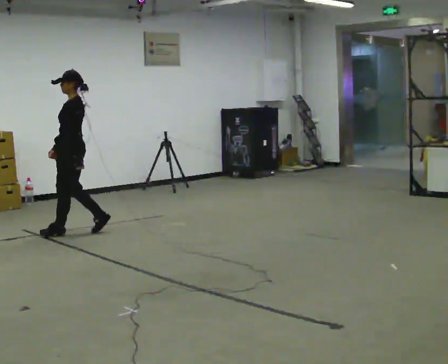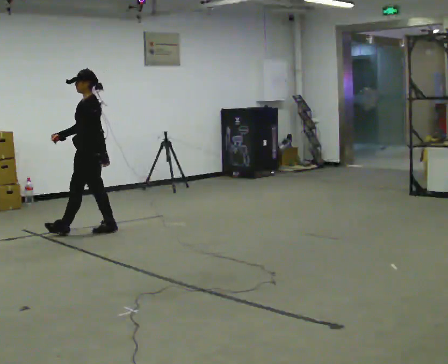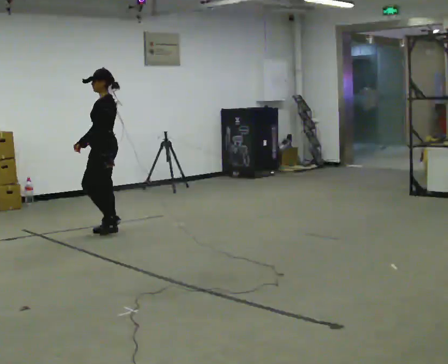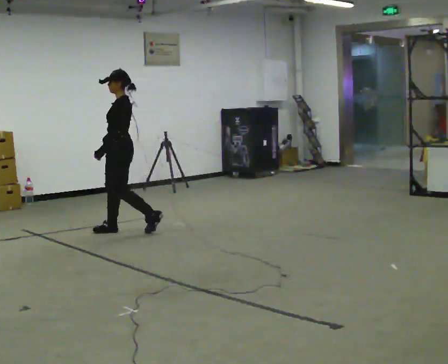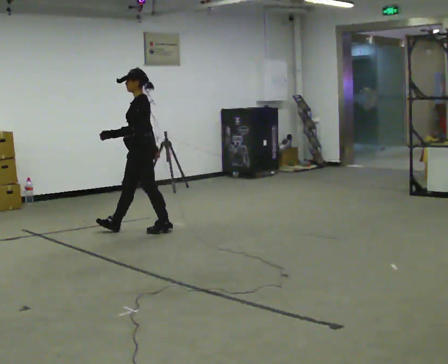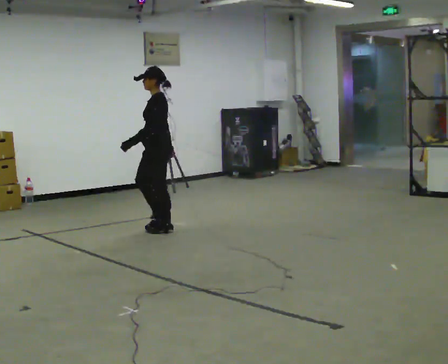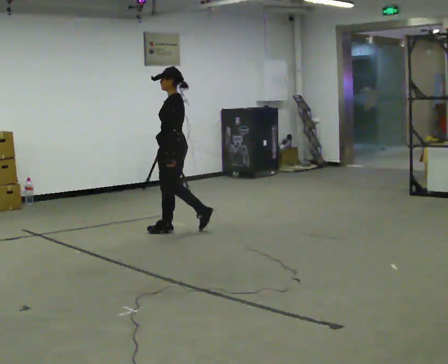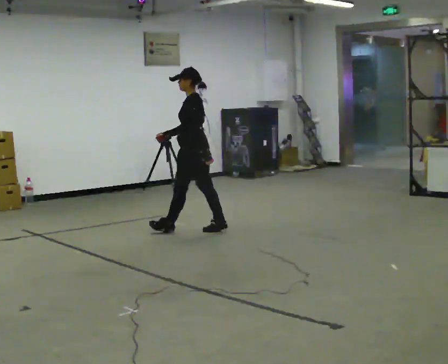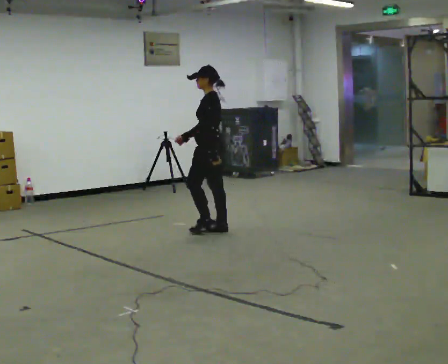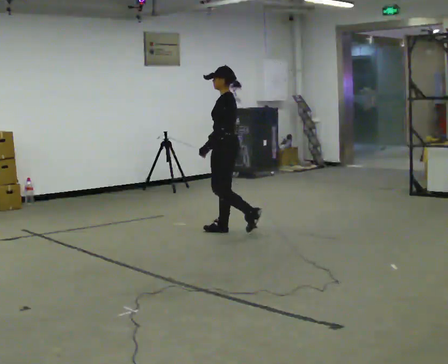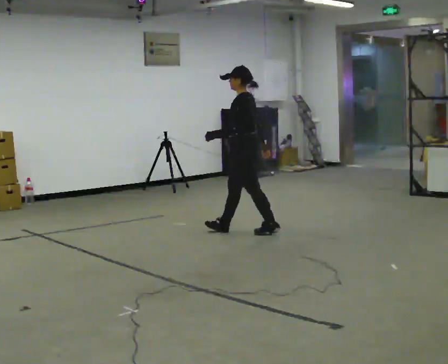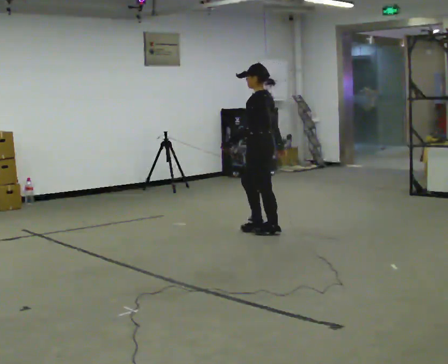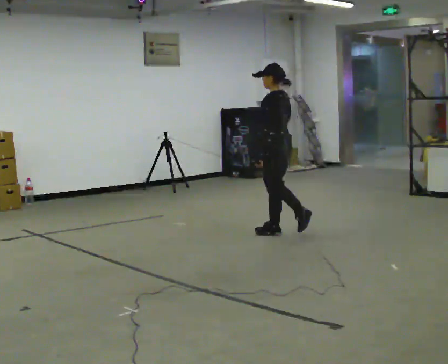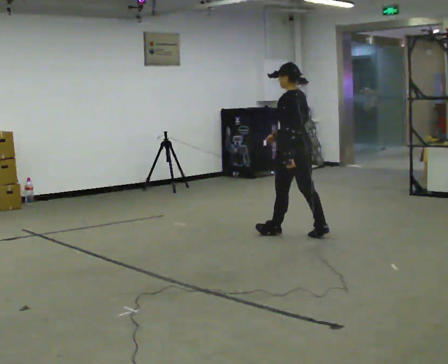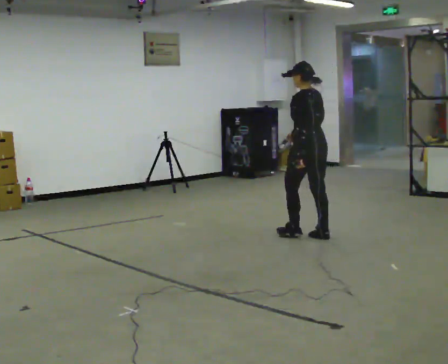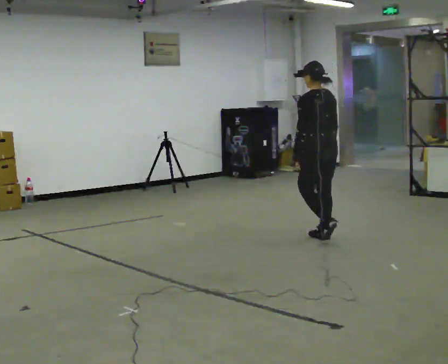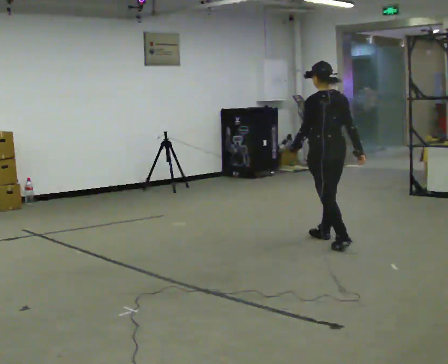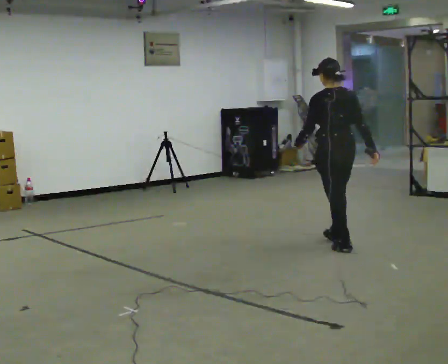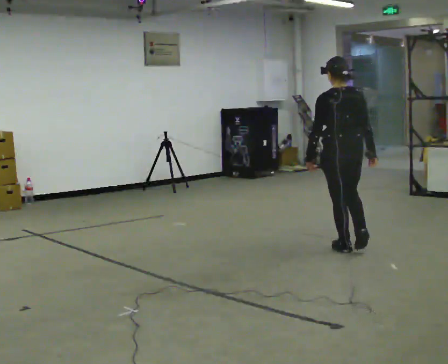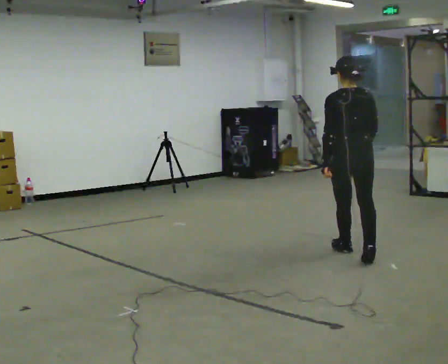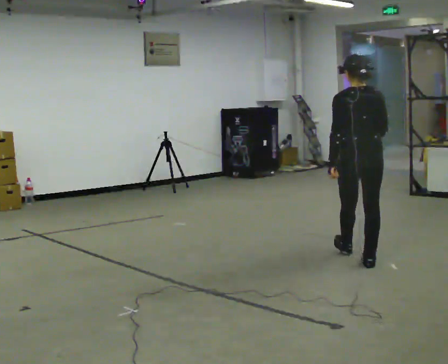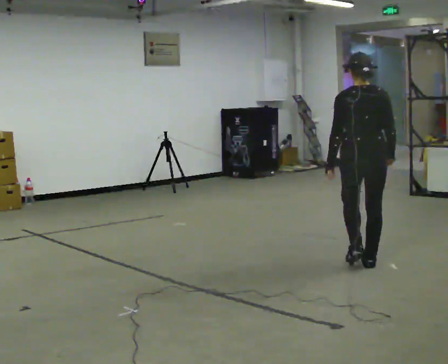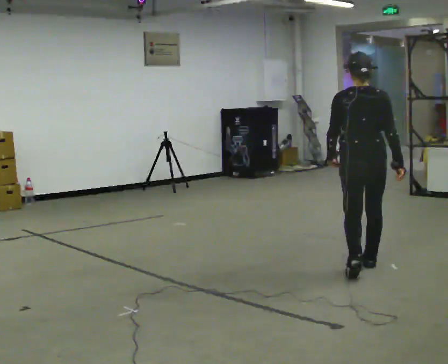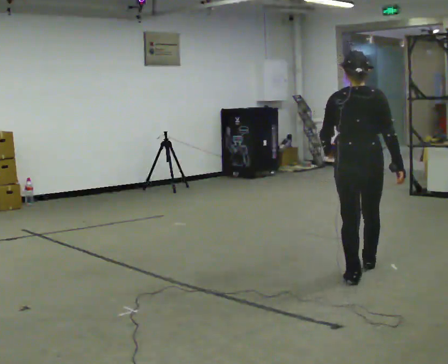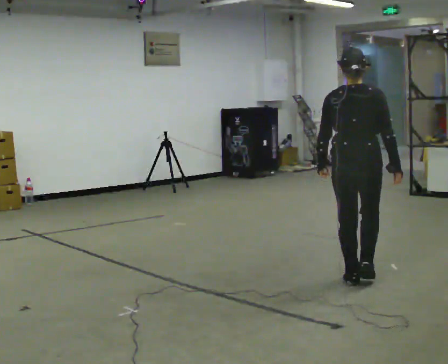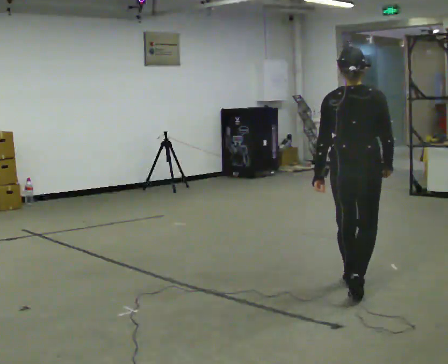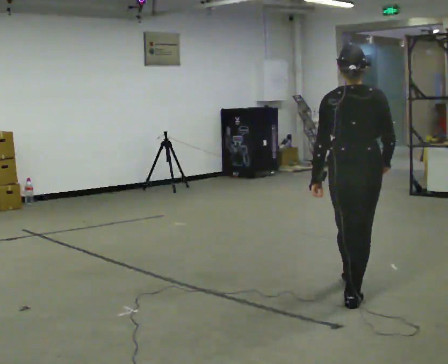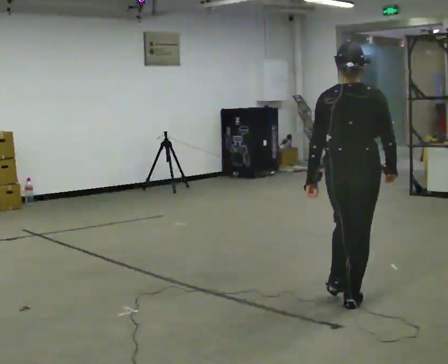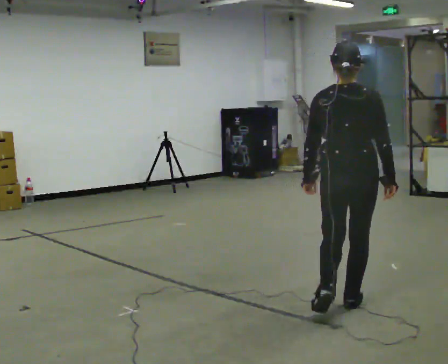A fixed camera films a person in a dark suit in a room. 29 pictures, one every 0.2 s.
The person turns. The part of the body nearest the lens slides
to the left.
The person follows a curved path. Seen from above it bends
clockwise.
0.0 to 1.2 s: In the picture they go to the right, about 1 m in 2 steps, which for them is backward.
1.2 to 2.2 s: In the picture they go to the right, about 1 m in 2 steps, which for them is backward.
2.2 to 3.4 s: Seen from above the body turns clockwise, about 45 degrees: to their right, with its near side sliding to the left. In the picture they go to the right and toward the camera, about 1 m in 2 steps, which for them is backward.
3.4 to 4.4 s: The person turns about 30 degrees to their right, clockwise seen from above, so the part of the body nearest the lens slides to the left. In the picture they go toward the camera, about 0.5 m in 1 step, which for them is backward.
4.4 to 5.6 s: In the picture they go toward the camera, about 1 m in 2 steps, which for them is backward.
The film runs backward here.
